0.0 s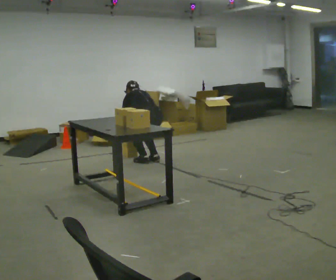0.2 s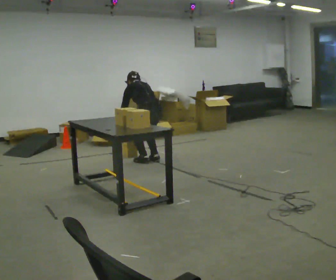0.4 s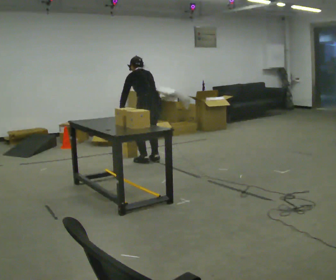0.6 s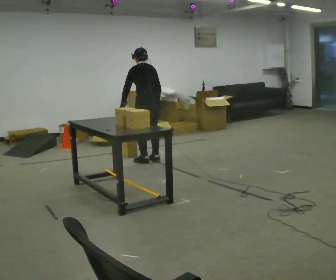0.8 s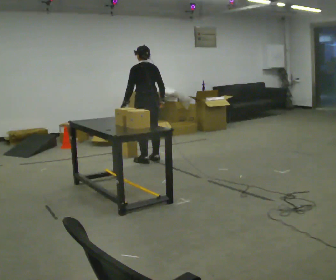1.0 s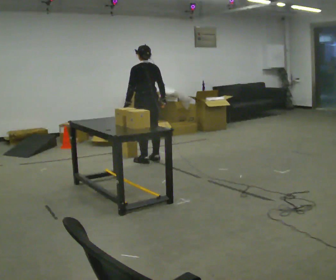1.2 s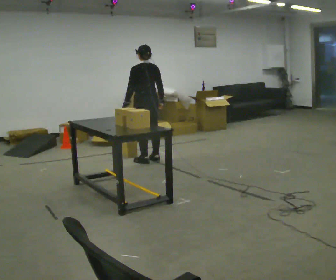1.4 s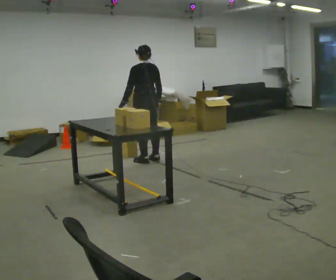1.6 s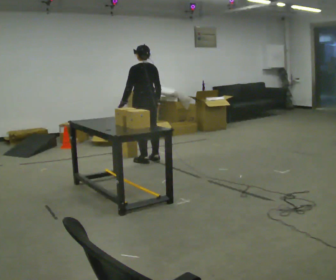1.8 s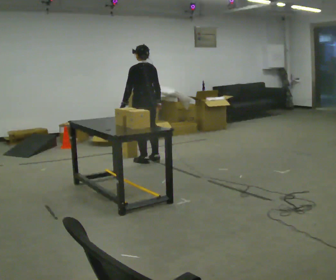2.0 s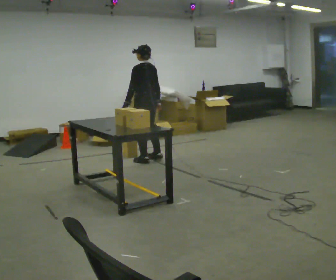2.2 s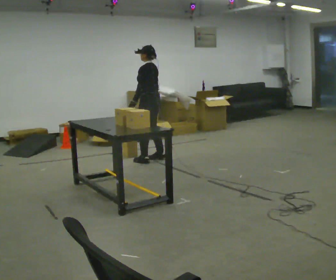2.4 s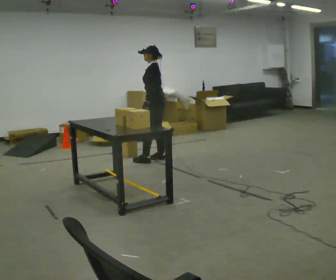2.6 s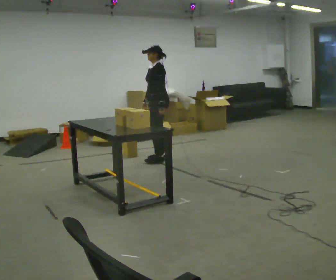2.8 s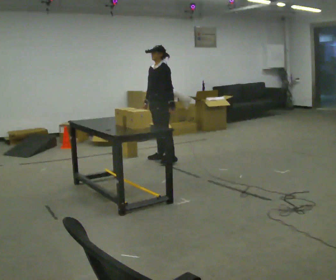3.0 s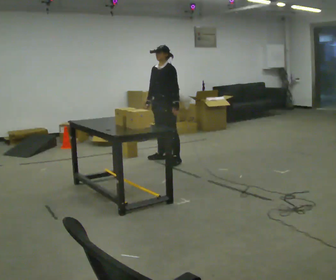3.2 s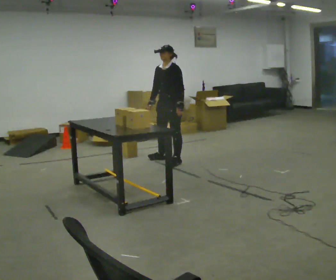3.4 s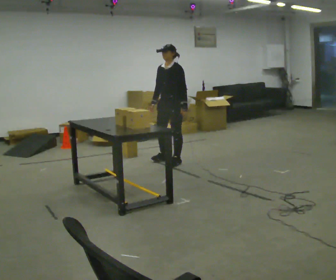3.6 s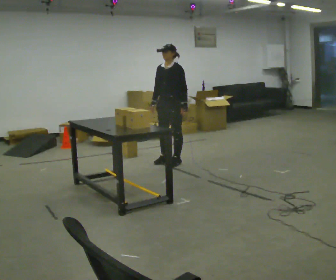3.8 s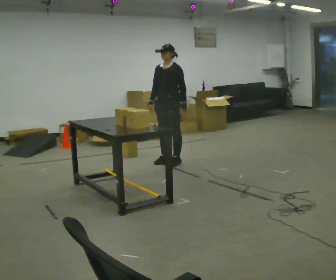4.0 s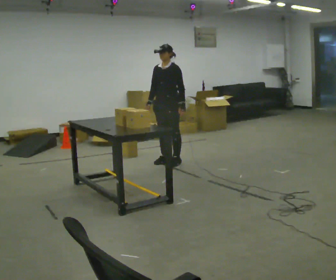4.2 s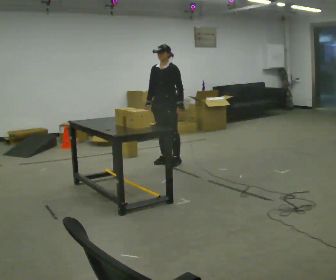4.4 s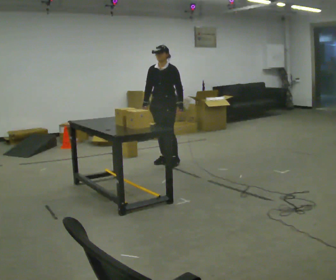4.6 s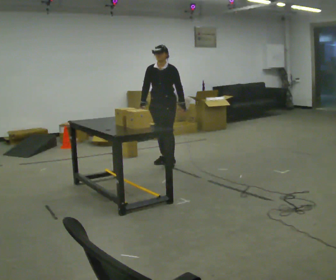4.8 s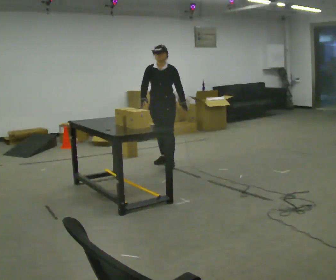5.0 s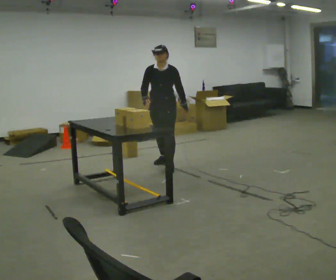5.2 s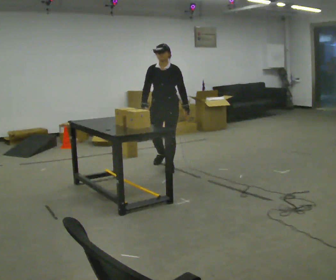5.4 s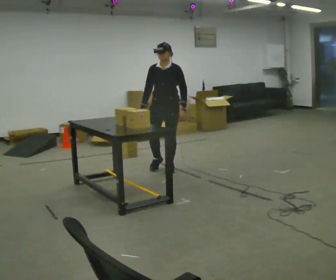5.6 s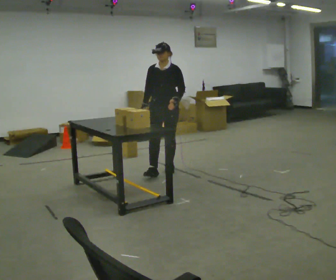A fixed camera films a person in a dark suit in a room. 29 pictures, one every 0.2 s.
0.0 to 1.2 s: The shoulders move upward. The upper body tips toward the camera, its near side rolling downward, as they lean back or straighten. In the picture their right hand goes upward.
1.2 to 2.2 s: The part of the body nearest the lens slides to the right as the person turns to their left by about 45 degrees.
2.2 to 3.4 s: The person turns about 60 degrees to their left, counterclockwise seen from above, so the part of the body nearest the lens slides to the right. In the picture they go to the right, about 0.25 m in 1 step.
3.4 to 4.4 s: The person moves a little, or ends about where they began.
4.4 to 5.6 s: In the picture they go toward the camera, about 0.5 m in 1 step, which for them is forward.
The film runs forward here.
